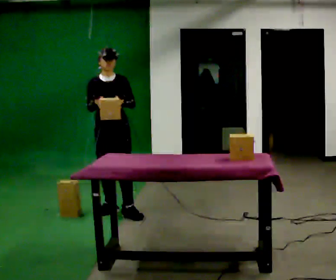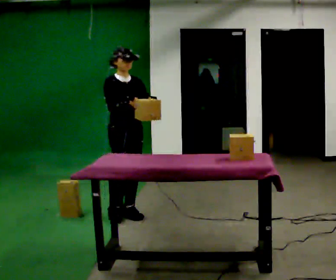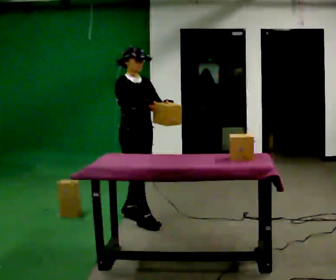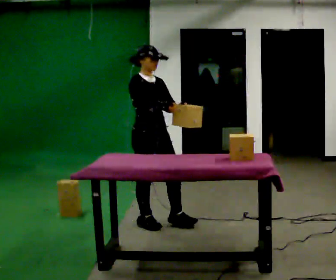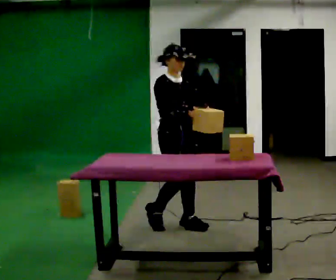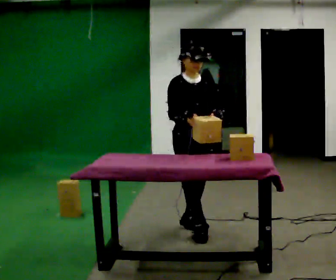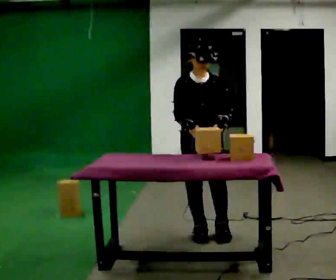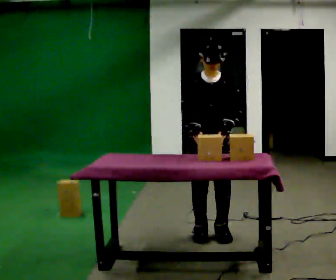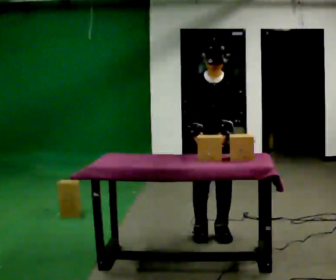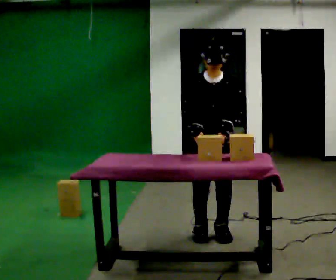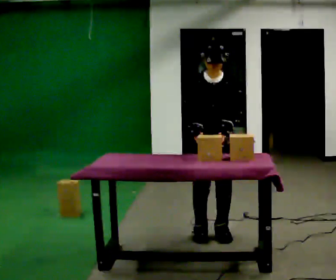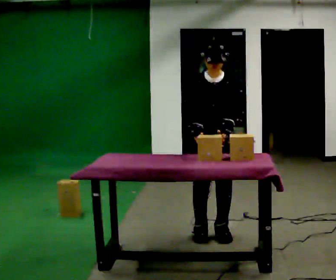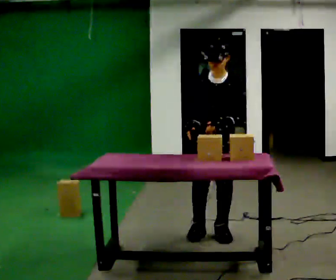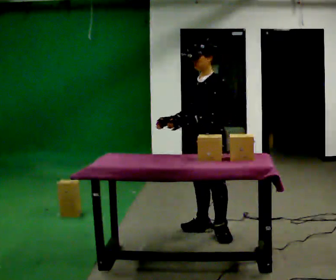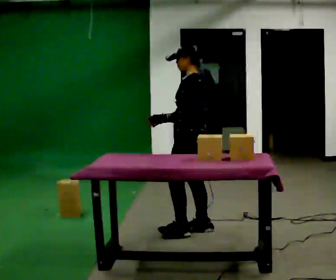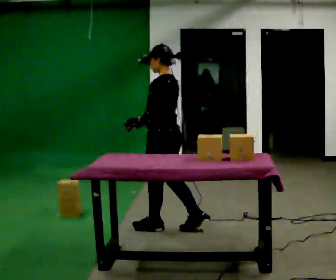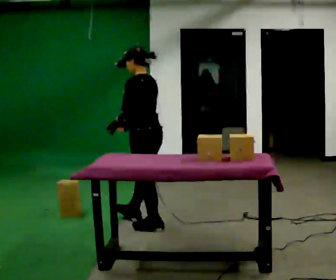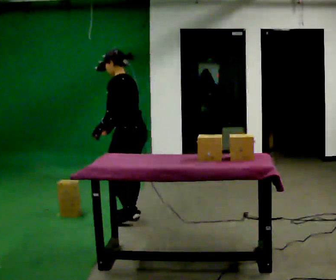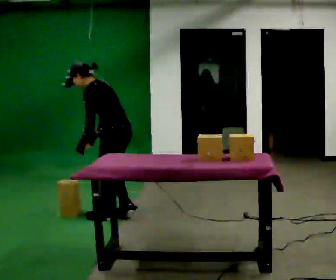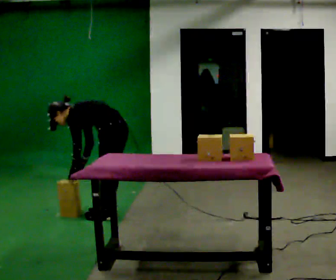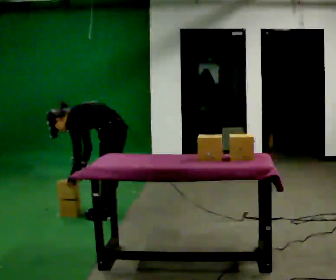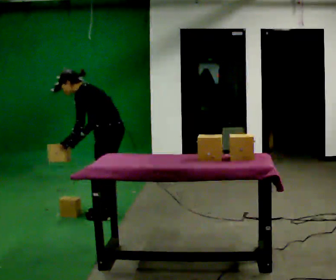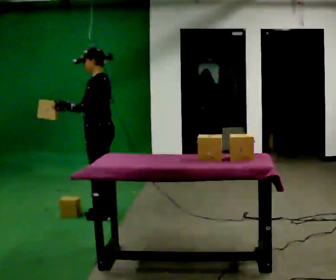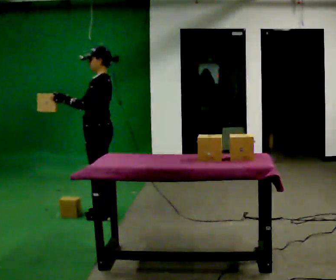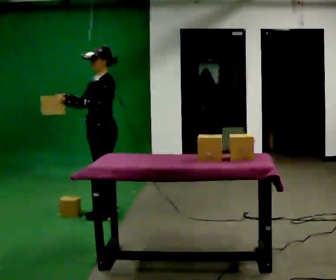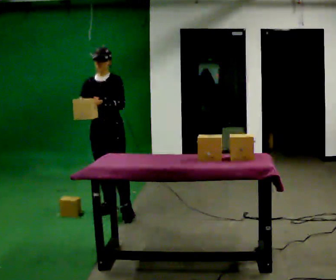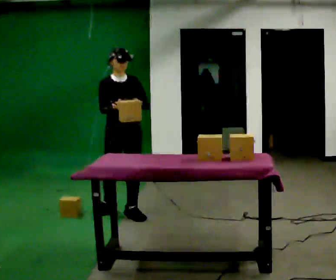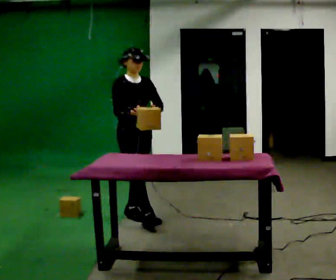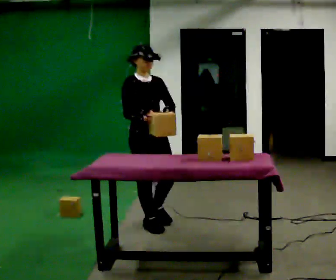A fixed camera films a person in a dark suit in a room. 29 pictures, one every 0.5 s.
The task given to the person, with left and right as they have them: Carry the object over and line it up with the mark on the surface as accurately as you can. Keep going until the operator says stop; one object at a time, and do not rush between trips.
0.0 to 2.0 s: The person turns about 30 degrees to their left, counterclockwise seen from above, so the part of the body nearest the lens slides to the right. In the picture they go to the right and toward the camera, about 0.5 m in 2 steps, which for them is forward.
2.0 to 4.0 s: The person turns about 45 degrees to their right, clockwise seen from above, so the part of the body nearest the lens slides to the left. In the picture they go to the right and toward the camera, about 0.5 m in 2 steps, which for them is forward and to their left.
4.0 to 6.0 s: The person moves a little, or ends about where they began.
6.0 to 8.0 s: Seen from above the body turns clockwise, about 105 degrees: to their right, with its near side sliding to the left. In the picture they go to the left and away from the camera, about 0.5 m in 1 step.
8.0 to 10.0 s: In the picture they go to the left and away from the camera, about 0.5 m in 3 steps, which for them is forward and to their right. The shoulders move downward. In the picture the upper body tilts counterclockwise, shoulders to the left, as they bend forward. In the picture their left hand goes downward.
10.0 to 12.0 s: The person turns about 30 degrees to their left, counterclockwise seen from above, so the part of the body nearest the lens slides to the right. The shoulders move upward. In the picture the upper body tilts clockwise, shoulders to the right, as they lean back or straighten. In the picture their right hand goes upward, the arm swinging clockwise.
12.0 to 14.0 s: Seen from above the body turns counterclockwise, about 105 degrees: to their left, with its near side sliding to the right. In the picture they go to the right and toward the camera, about 0.5 m in 2 steps.
The film runs forward here.
